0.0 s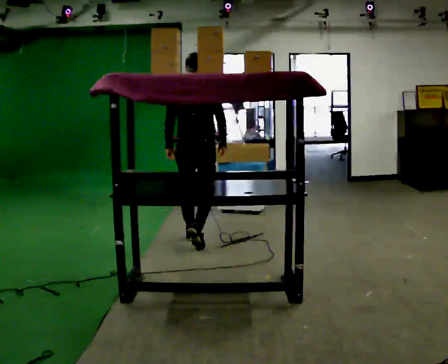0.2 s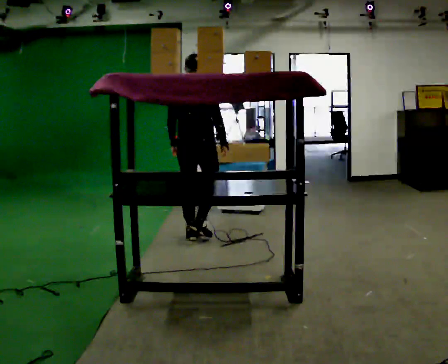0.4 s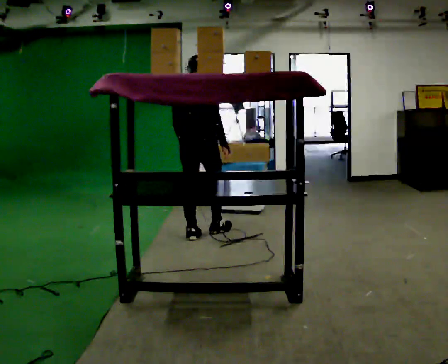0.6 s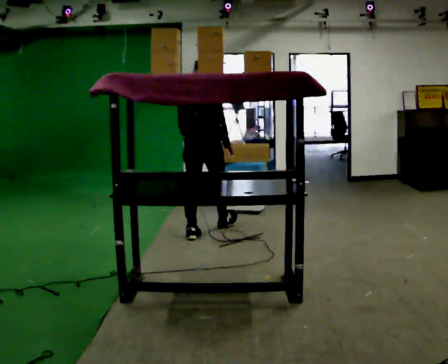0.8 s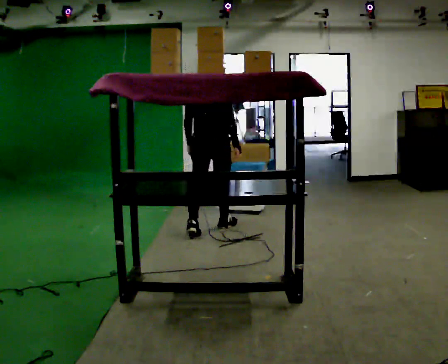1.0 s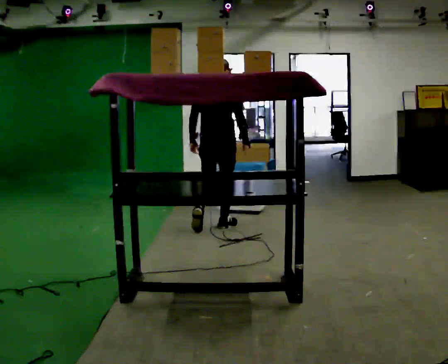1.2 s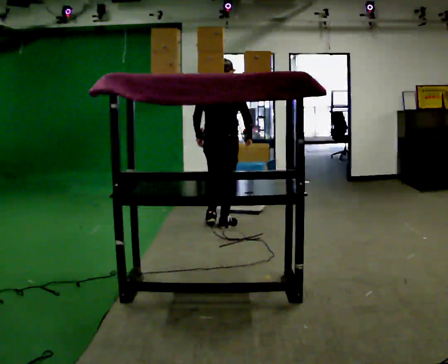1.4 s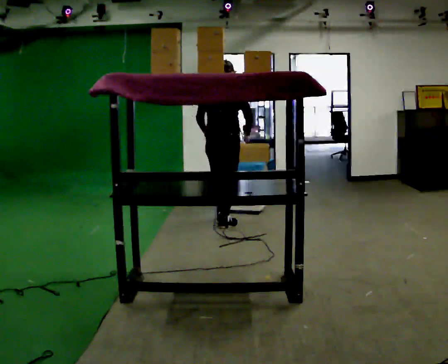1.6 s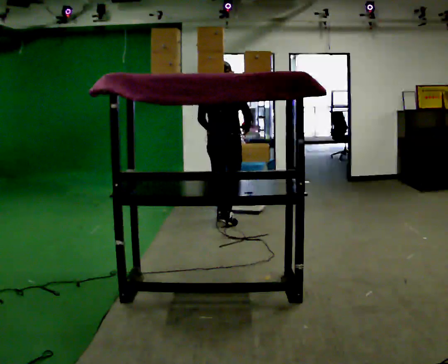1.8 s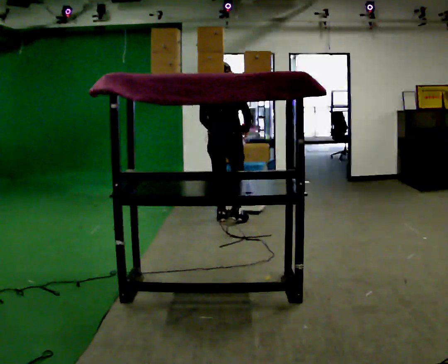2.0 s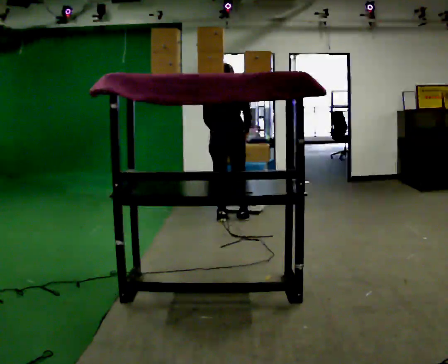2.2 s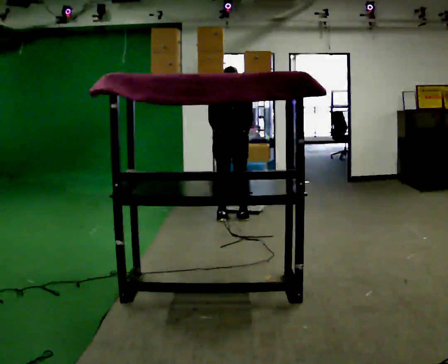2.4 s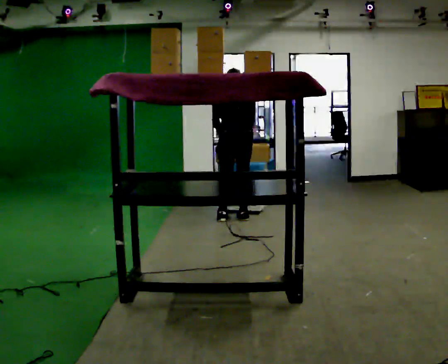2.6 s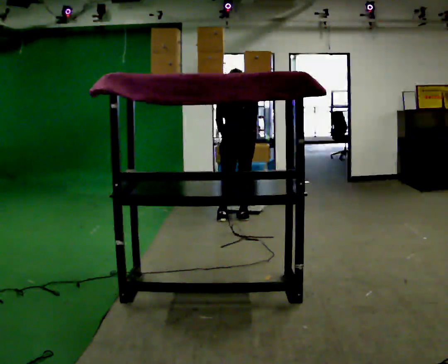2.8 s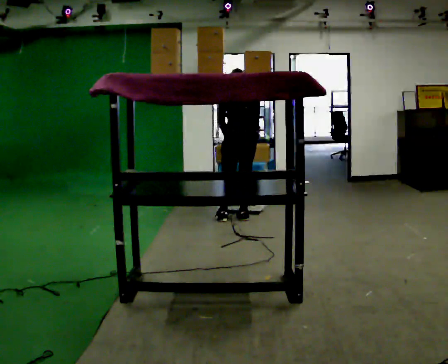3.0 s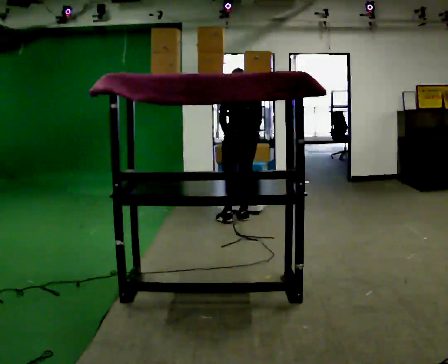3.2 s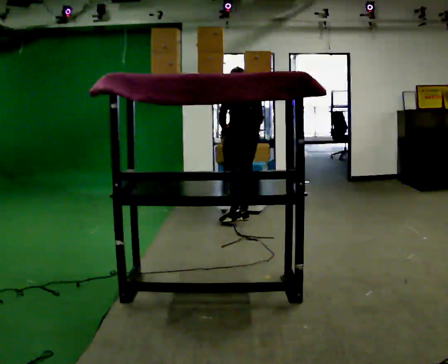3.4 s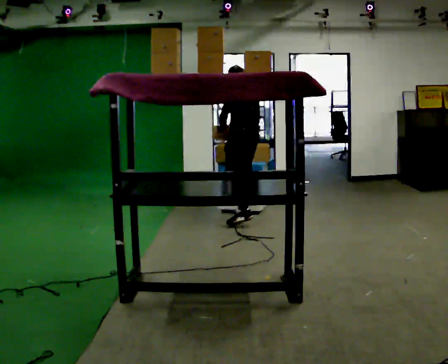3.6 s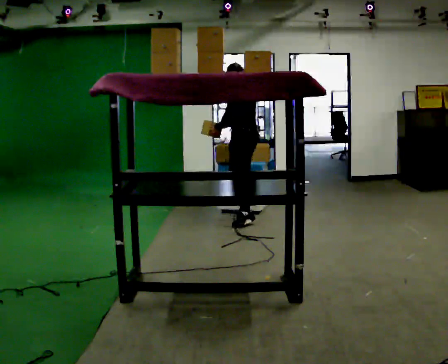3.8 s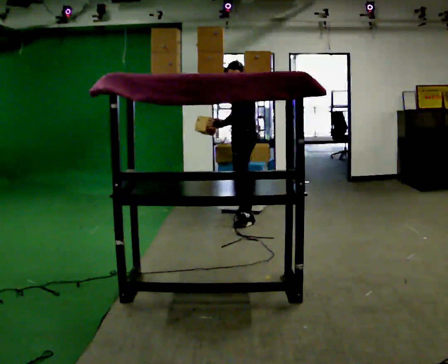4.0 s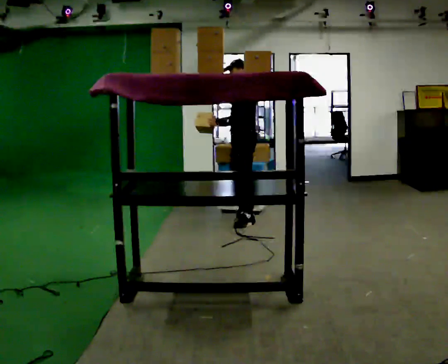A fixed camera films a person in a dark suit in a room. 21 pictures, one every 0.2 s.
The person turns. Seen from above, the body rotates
counterclockwise.
Their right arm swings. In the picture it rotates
clockwise.
0.0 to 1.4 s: In the picture they go away from the camera and to the right, about 0.75 m in 2 steps, which for them is forward.
1.4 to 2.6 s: The person turns about 30 degrees to their left, counterclockwise seen from above, so the part of the body nearest the lens slides to the right. In the picture they go to the right and away from the camera, about 0.25 m in 1 step, which for them is forward and to their right. The upper body tips away from the camera, its near side rolling upward, as they bend forward.
2.6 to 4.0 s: The part of the body nearest the lens slides to the right as the person turns to their left by about 90 degrees. The upper body tips toward the camera, its near side rolling downward, as they lean back or straighten. In the picture their right hand goes to the left, the arm swinging clockwise.
The film runs forward here.
